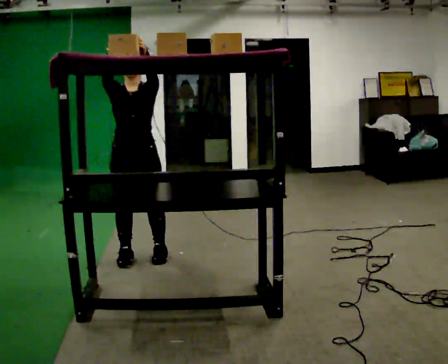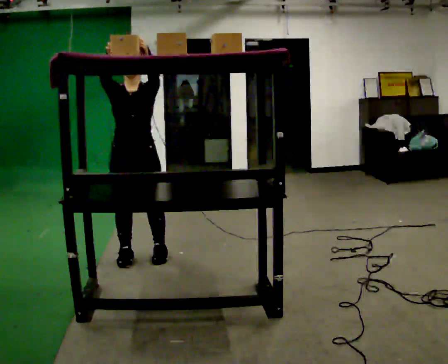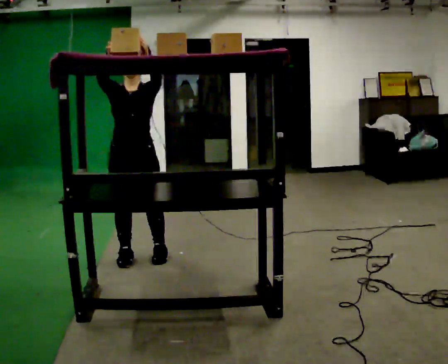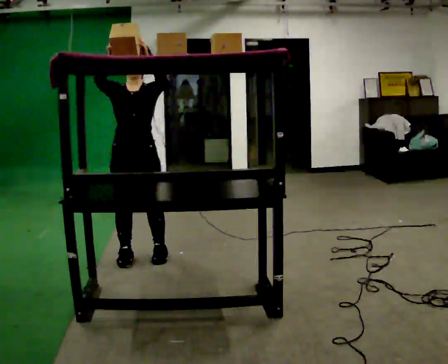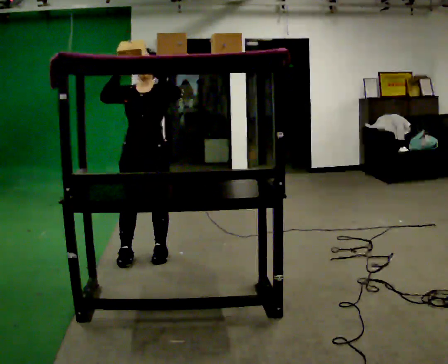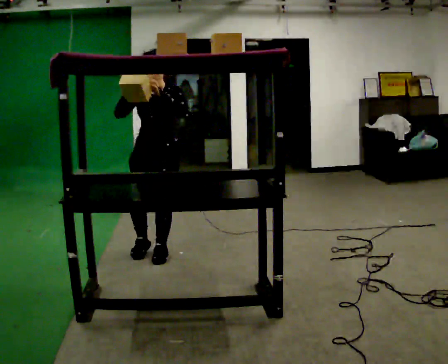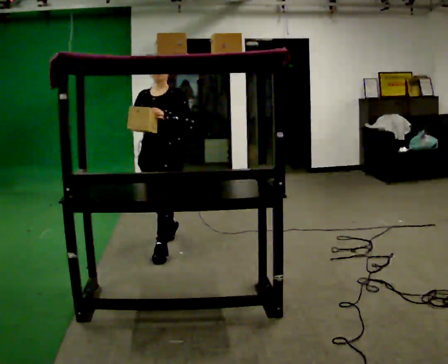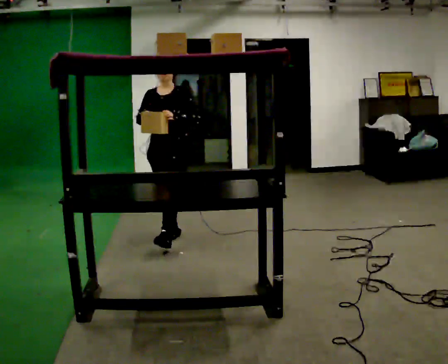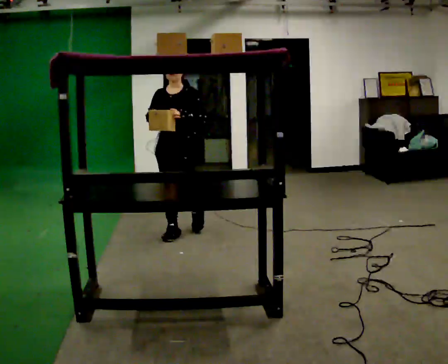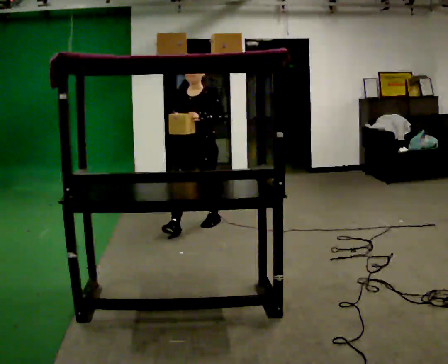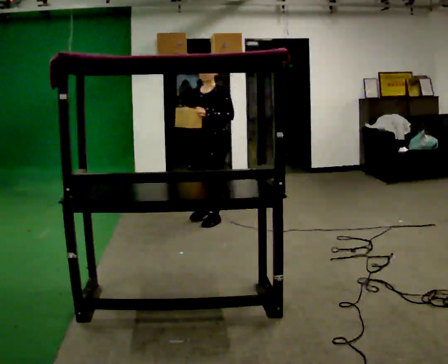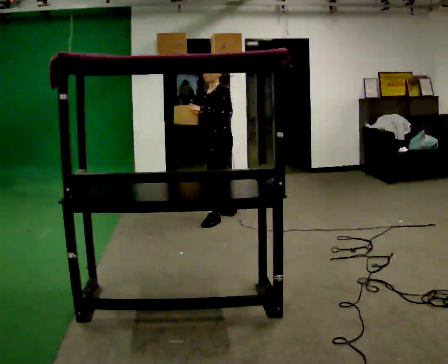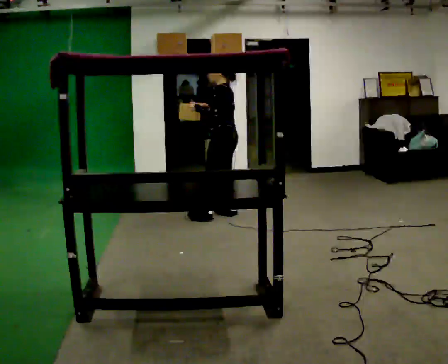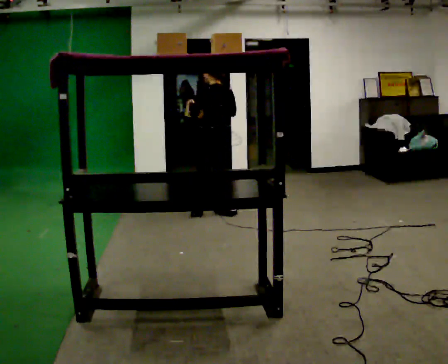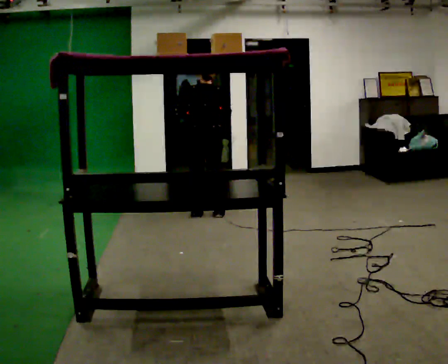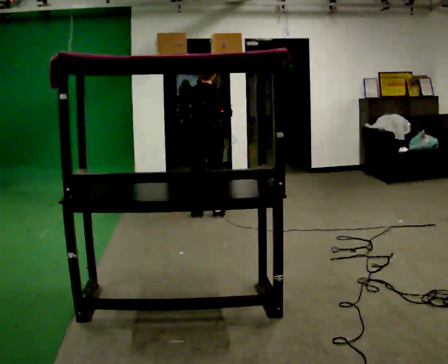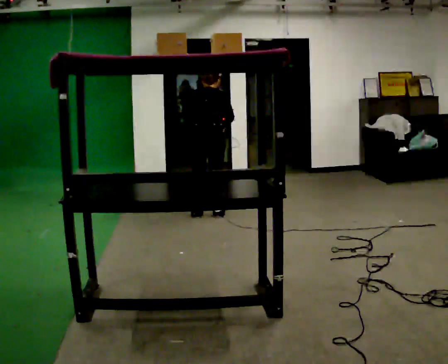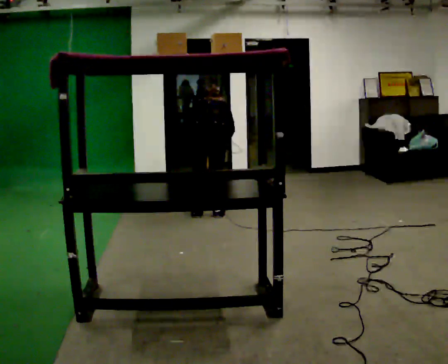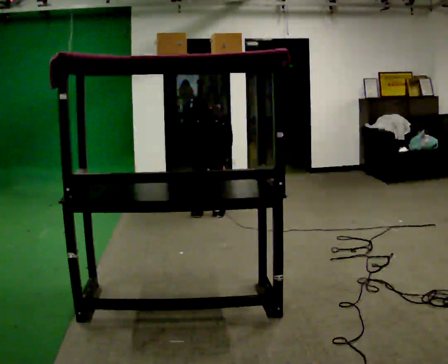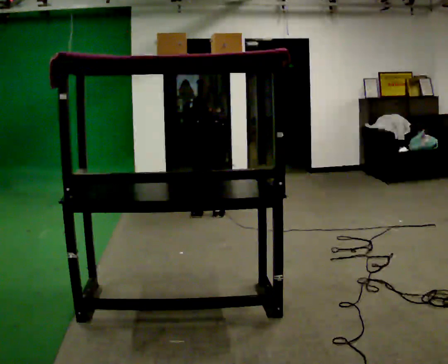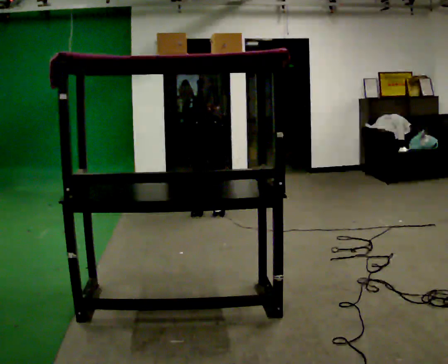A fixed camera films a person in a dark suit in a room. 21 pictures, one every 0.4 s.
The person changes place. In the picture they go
away from the camera.
The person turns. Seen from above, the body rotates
clockwise.
0.0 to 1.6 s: The person moves a little, or ends about where they began.
1.6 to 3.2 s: In the picture they go away from the camera, about 0.75 m in 2 steps, which for them is backward. In the picture their left hand goes downward.
3.2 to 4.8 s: The person turns about 90 degrees to their right, clockwise seen from above, so the part of the body nearest the lens slides to the left. In the picture they go away from the camera and to the right, about 1 m in 2 steps.
4.8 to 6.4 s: The part of the body nearest the lens slides to the left as the person turns to their right by about 75 degrees. In the picture they go to the left, about 0.25 m in 1 step.
6.4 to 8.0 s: The upper body goes downward. The upper body tips away from the camera, its near side rolling upward, as they bend forward. In the picture their right hand goes downward.
The film runs backward here.
